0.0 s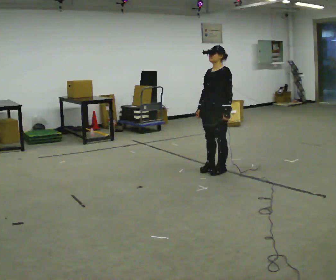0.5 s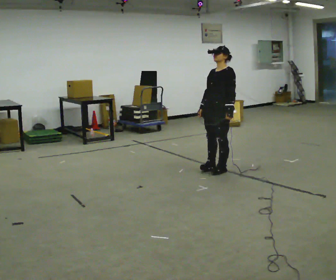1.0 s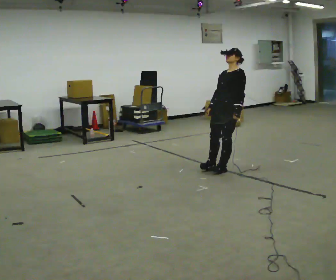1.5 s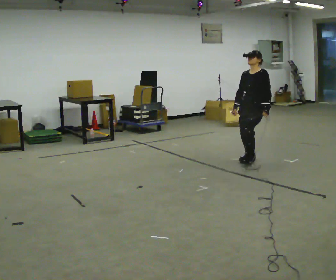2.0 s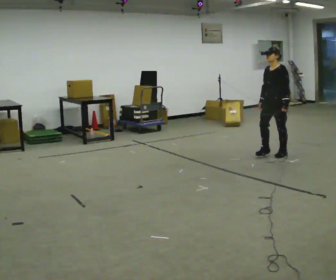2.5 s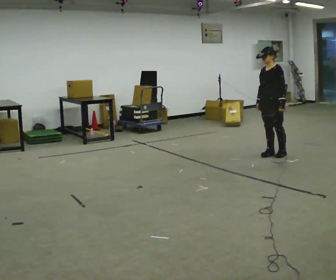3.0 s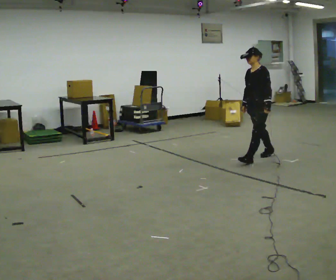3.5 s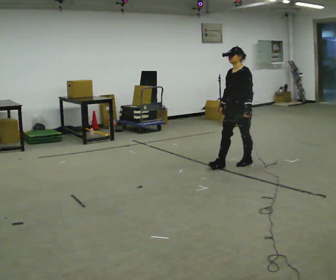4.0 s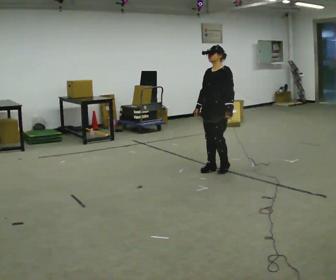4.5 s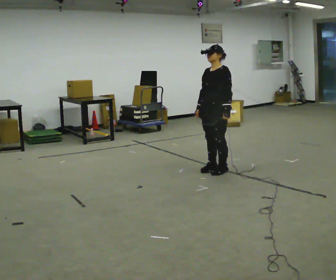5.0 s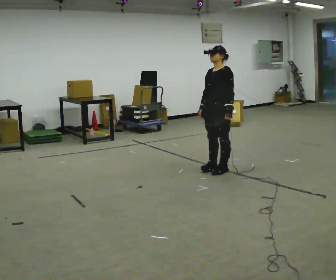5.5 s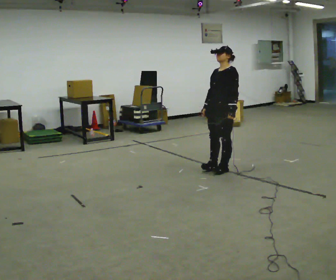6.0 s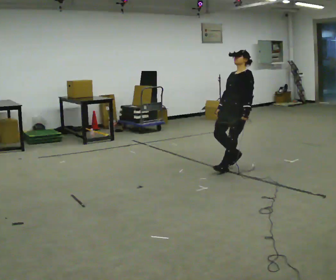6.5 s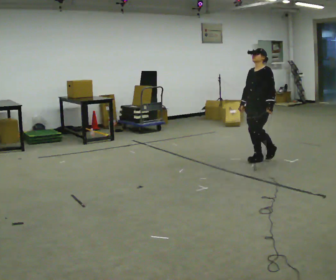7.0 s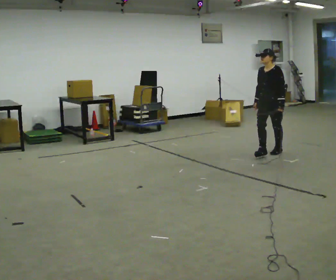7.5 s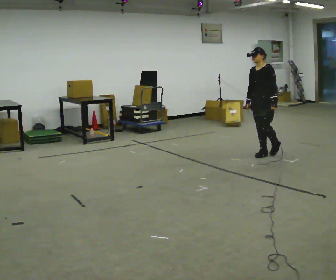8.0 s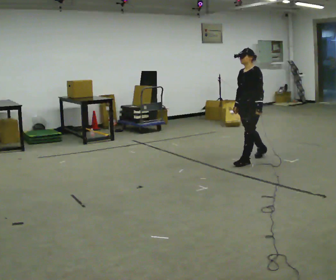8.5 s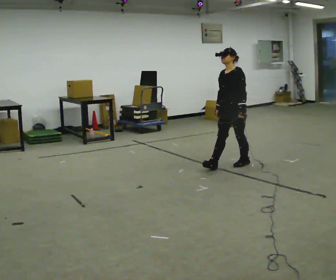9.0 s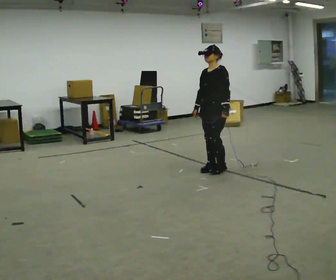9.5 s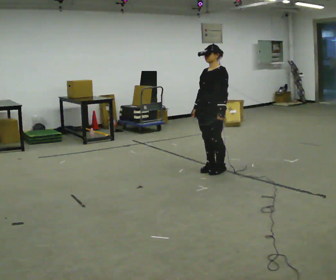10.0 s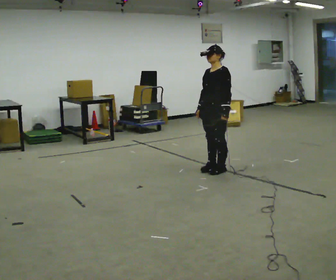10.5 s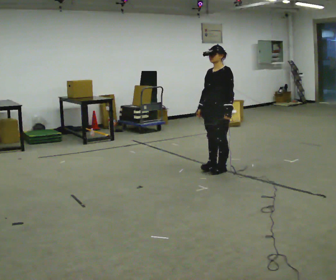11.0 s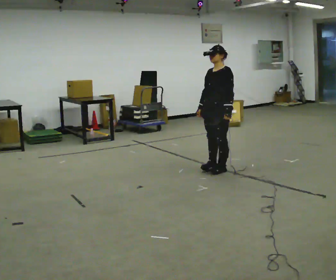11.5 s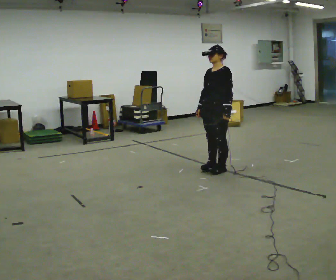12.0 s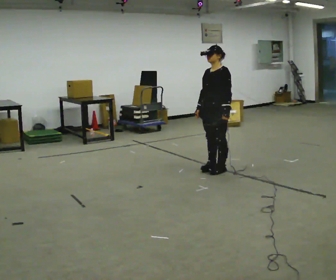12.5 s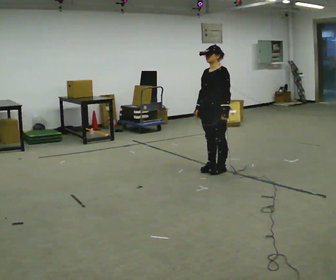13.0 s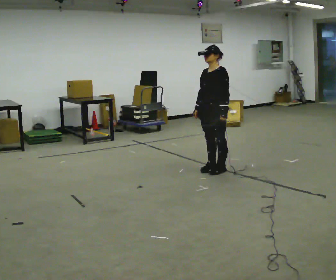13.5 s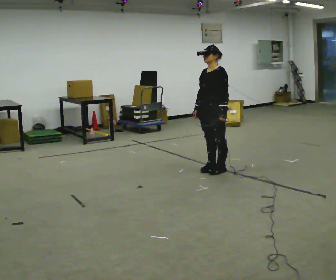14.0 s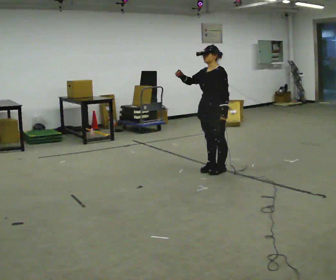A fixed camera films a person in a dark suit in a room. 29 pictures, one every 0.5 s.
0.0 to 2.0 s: In the picture they go away from the camera and to the right, about 1 m in 2 steps, which for them is backward.
2.0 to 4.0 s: In the picture they go toward the camera and to the left, about 1 m in 3 steps, which for them is forward.
4.0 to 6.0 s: In the picture they go to the right and away from the camera, about 0.25 m in 1 step, which for them is backward.
6.0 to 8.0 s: In the picture they go away from the camera, about 0.25 m in 4 steps, which for them is backward.
8.0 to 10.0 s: In the picture they go toward the camera and to the left, about 0.5 m in 2 steps, which for them is forward.
10.0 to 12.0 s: The person moves a little, or ends about where they began.
12.0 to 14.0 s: In the picture their right hand goes upward, the arm swinging clockwise.
The film runs forward here.
